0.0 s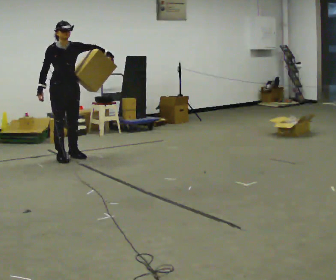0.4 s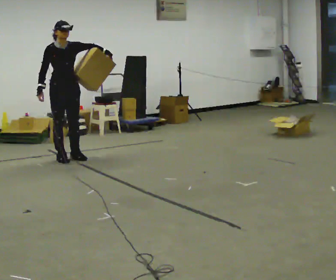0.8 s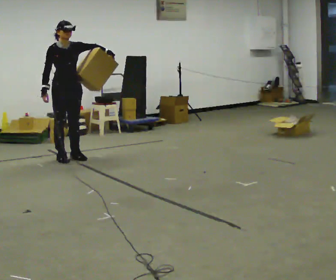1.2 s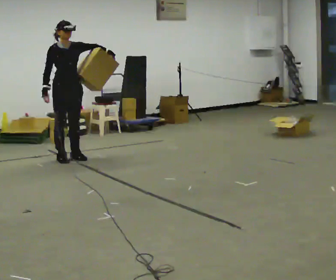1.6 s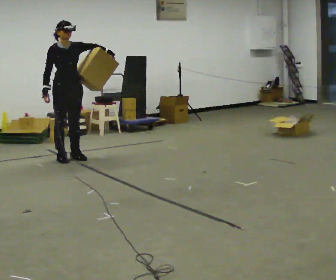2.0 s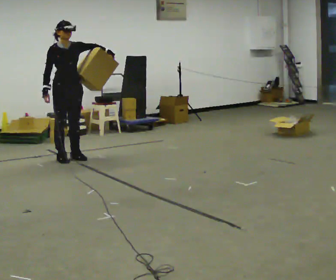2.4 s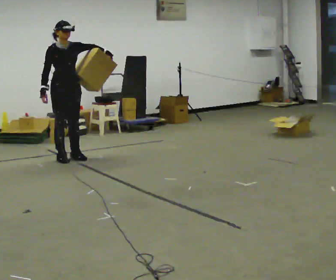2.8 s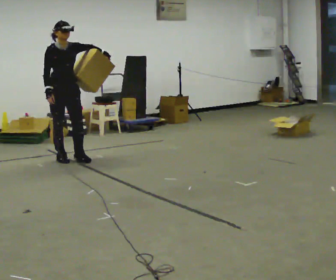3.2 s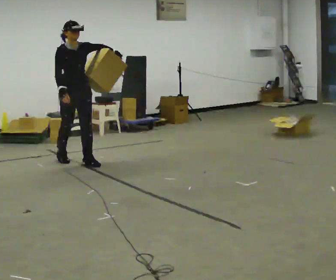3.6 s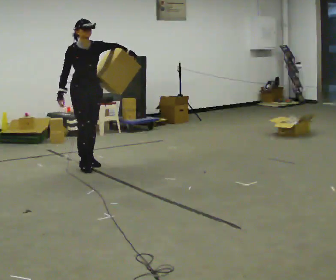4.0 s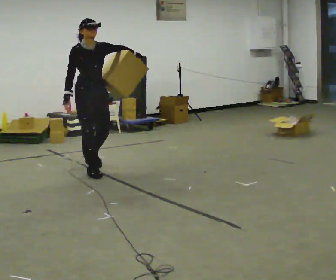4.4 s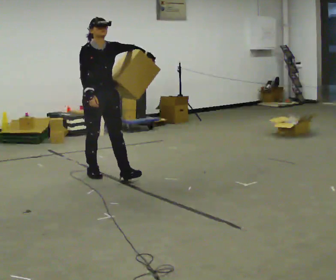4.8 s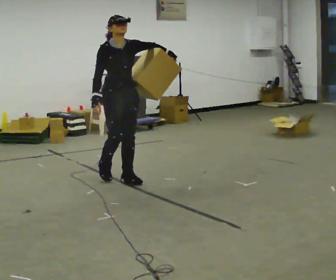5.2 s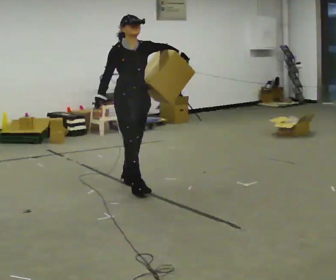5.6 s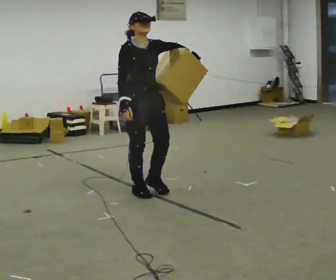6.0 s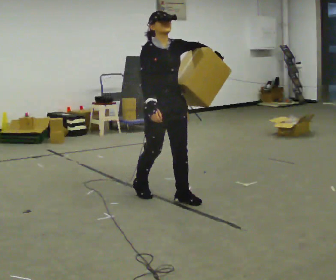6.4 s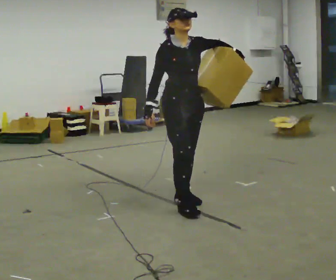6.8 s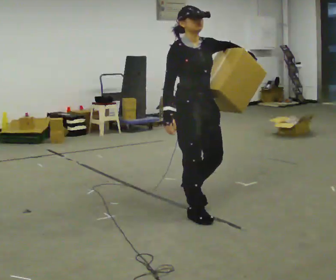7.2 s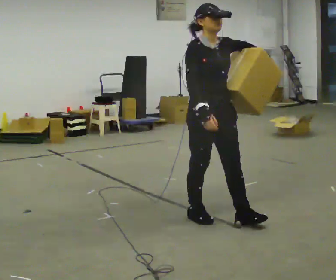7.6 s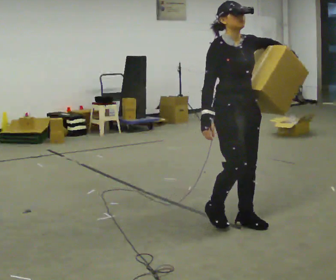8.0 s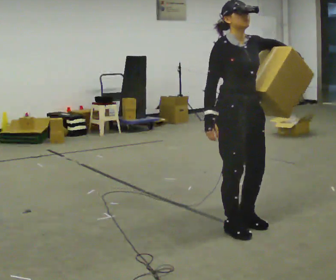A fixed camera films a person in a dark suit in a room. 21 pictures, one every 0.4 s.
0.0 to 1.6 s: The person moves a little, or ends about where they began.
1.6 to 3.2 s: In the picture they go toward the camera, about 0.25 m in 1 step, which for them is forward.
3.2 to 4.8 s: In the picture they go toward the camera and to the right, about 1 m in 2 steps, which for them is forward.
4.8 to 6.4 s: In the picture they go toward the camera and to the right, about 1 m in 2 steps, which for them is forward.
6.4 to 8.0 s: In the picture they go toward the camera and to the right, about 0.75 m in 3 steps, which for them is forward.
The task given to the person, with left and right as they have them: Hold the object against your hip on the side the operator calls, and carry it back and forth across the room.
The film runs forward here.
